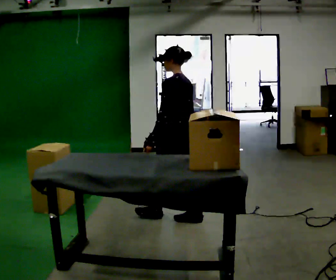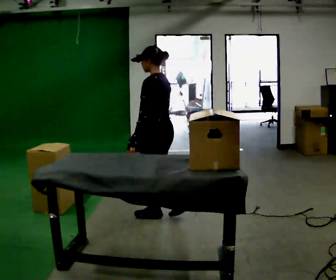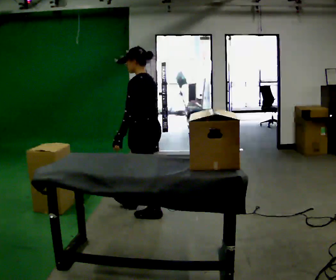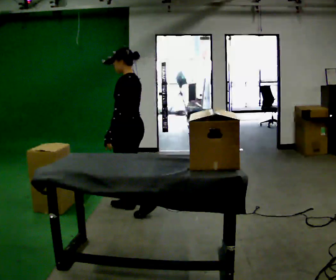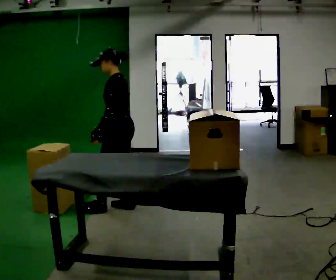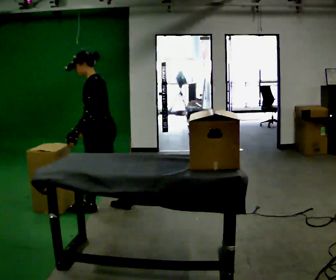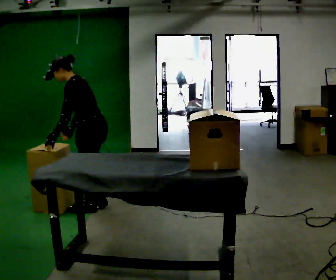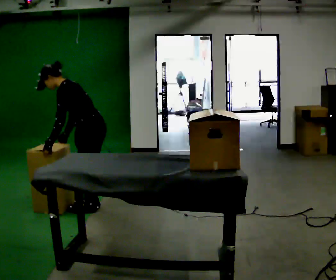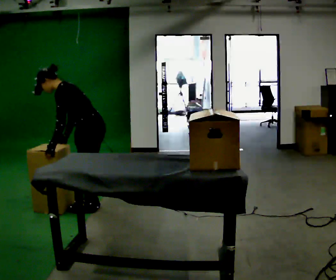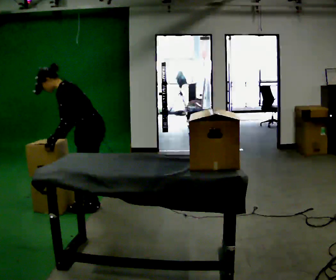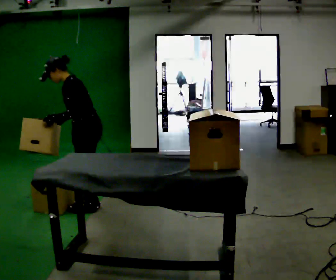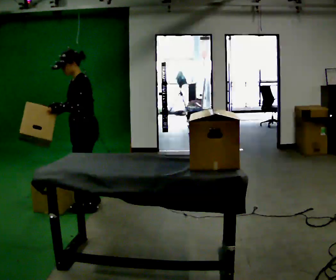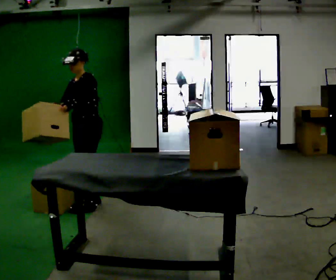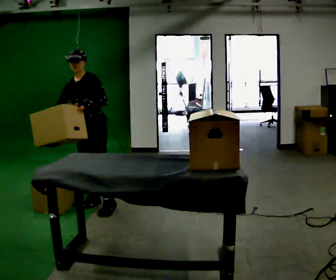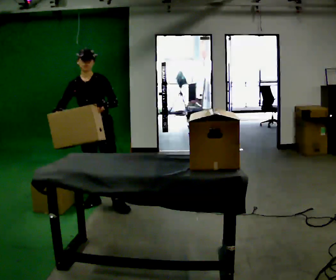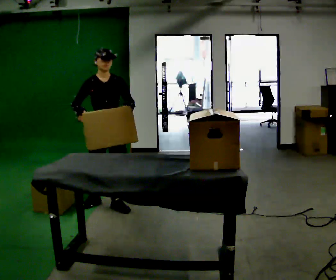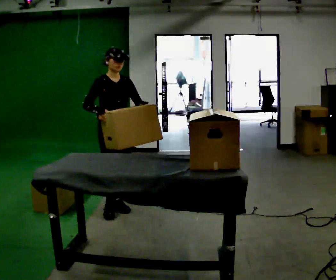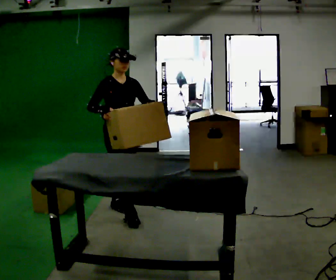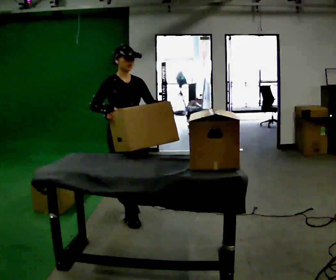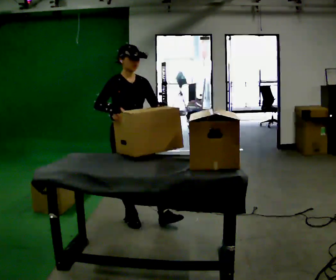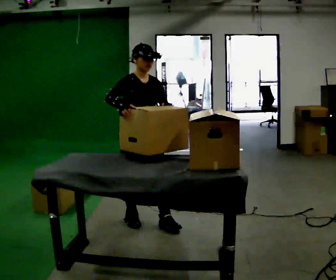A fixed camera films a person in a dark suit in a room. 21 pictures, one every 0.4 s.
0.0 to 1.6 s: The person turns about 30 degrees to their left, counterclockwise seen from above, so the part of the body nearest the lens slides to the right. In the picture they go to the left and away from the camera, about 0.5 m in 1 step, which for them is forward.
1.6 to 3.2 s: In the picture they go to the left, about 0.25 m in 2 steps, which for them is forward. In the picture the upper body tilts counterclockwise, shoulders to the left, as they bend forward.
3.2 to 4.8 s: The person turns about 45 degrees to their left, counterclockwise seen from above, so the part of the body nearest the lens slides to the right. In the picture they go away from the camera, about 0.25 m in 1 step, which for them is to their right. In the picture the upper body tilts clockwise, shoulders to the right, as they lean back or straighten.
4.8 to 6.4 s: The part of the body nearest the lens slides to the right as the person turns to their left by about 75 degrees. In the picture they go to the right, about 0.25 m in 1 step.
6.4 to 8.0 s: In the picture they go toward the camera and to the right, about 0.5 m in 2 steps, which for them is forward.
The film runs forward here.
